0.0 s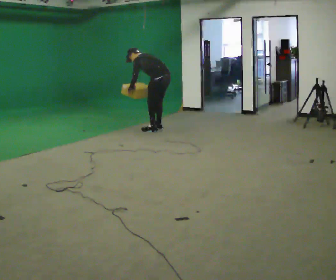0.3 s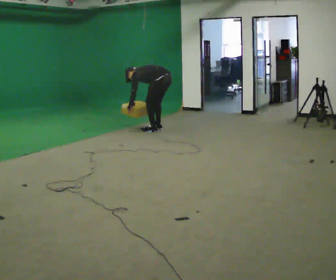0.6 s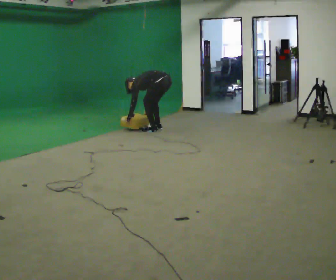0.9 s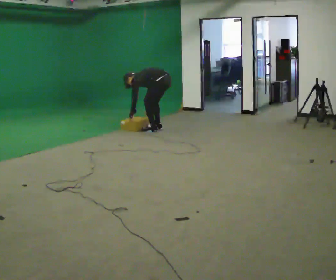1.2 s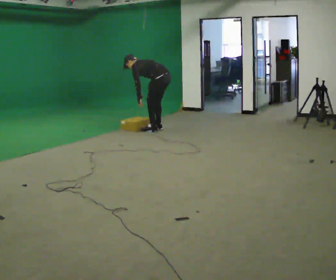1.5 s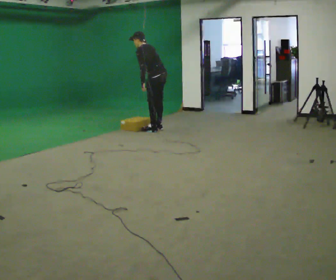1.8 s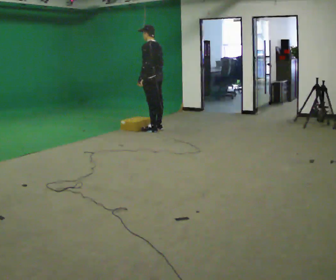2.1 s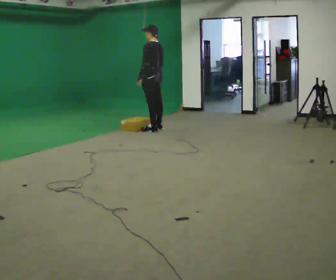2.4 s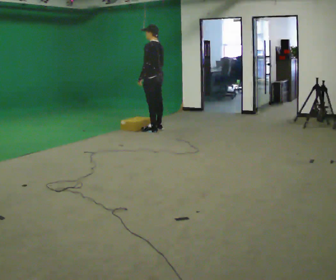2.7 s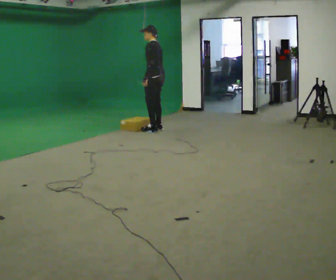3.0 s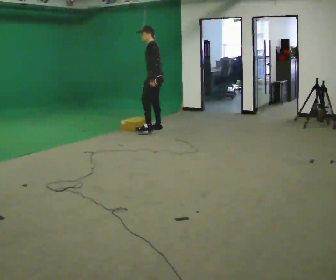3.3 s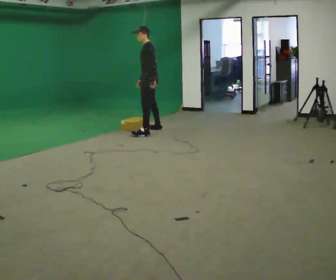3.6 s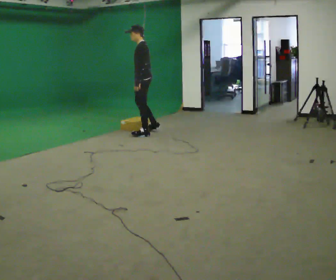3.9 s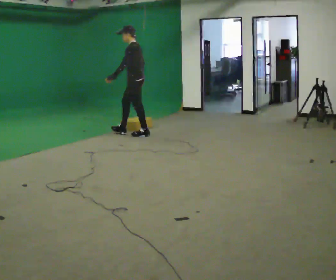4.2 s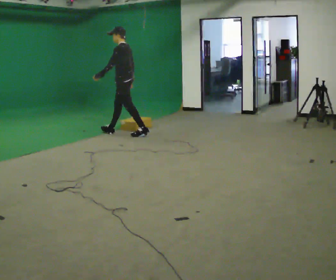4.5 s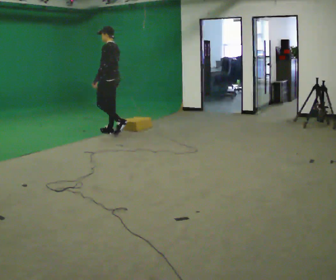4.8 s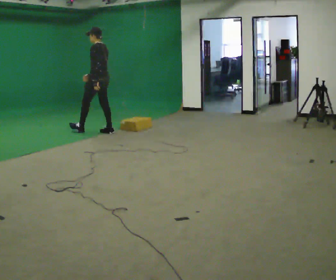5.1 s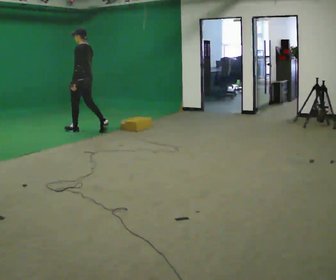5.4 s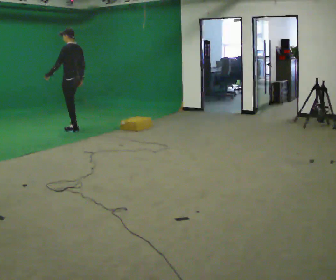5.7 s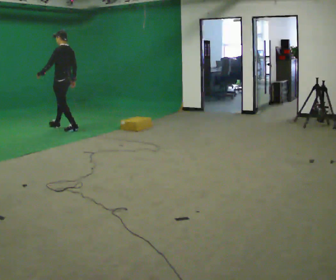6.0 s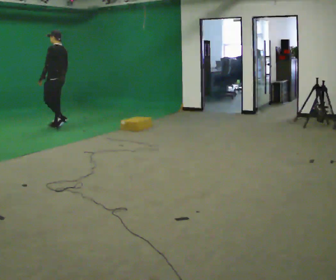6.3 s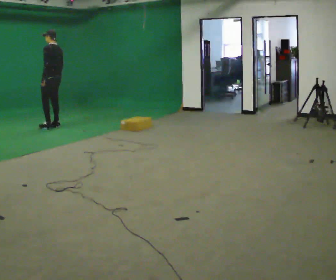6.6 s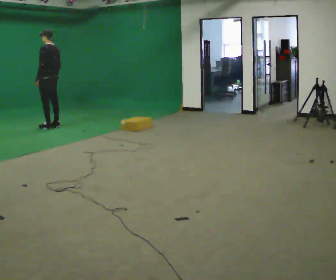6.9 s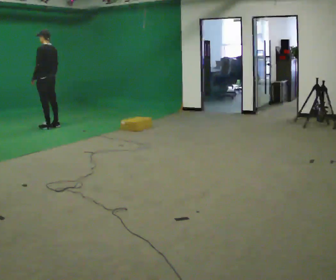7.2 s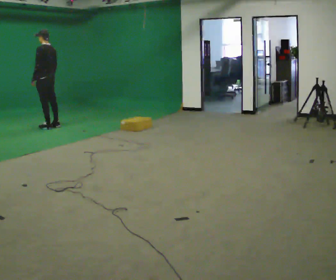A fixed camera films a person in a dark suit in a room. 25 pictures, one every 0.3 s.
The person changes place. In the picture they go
to the left.
0.0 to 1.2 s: The person moves a little, or ends about where they began.
1.2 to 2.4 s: The upper body goes upward. In the picture the upper body tilts clockwise, shoulders to the right, as they lean back or straighten.
2.4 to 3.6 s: The part of the body nearest the lens slides to the right as the person turns to their left by about 30 degrees. In the picture they go toward the camera and to the left, about 0.25 m in 1 step, which for them is to their left.
3.6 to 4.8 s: Seen from above the body turns clockwise, about 30 degrees: to their right, with its near side sliding to the left. In the picture they go to the left, about 1 m in 1 step, which for them is forward.
4.8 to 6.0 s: In the picture they go to the left and away from the camera, about 1 m in 2 steps, which for them is forward.
6.0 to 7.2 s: In the picture they go to the left, about 0.25 m in 1 step, which for them is forward.
The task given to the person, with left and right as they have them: Start still; walk straight at normal comfortable speed; stop at endpoint.
The film runs forward here.
